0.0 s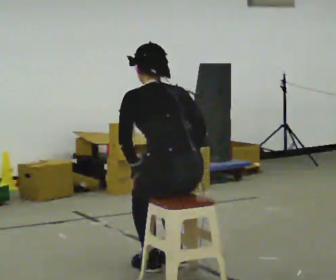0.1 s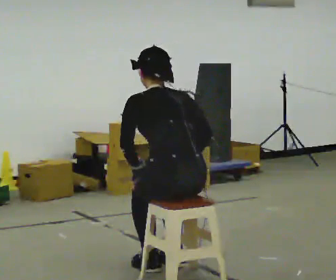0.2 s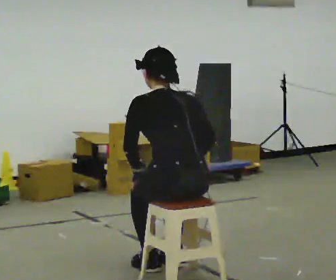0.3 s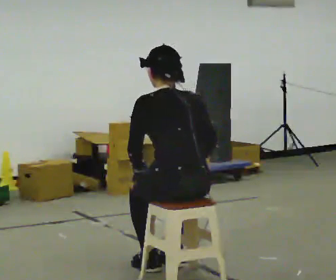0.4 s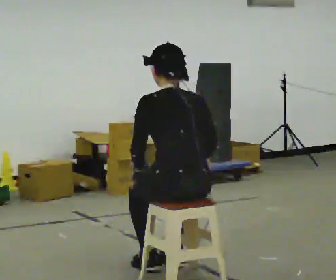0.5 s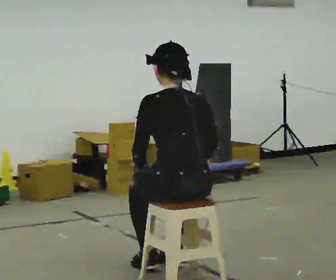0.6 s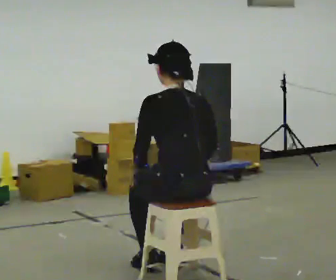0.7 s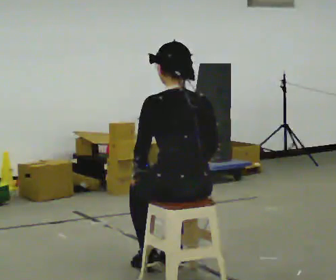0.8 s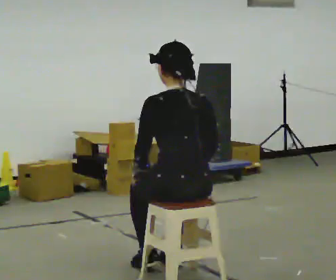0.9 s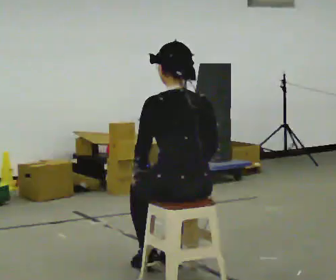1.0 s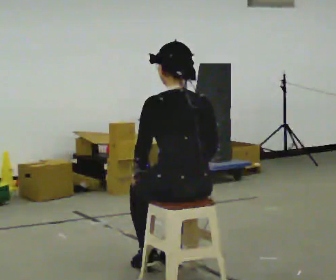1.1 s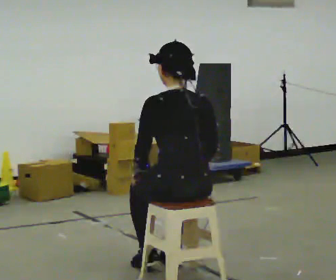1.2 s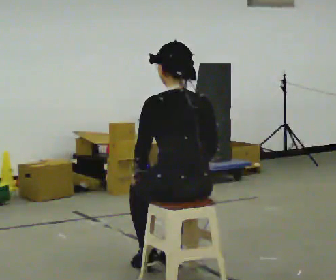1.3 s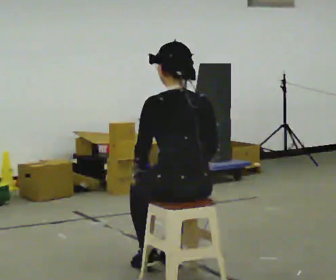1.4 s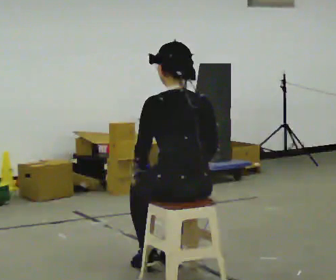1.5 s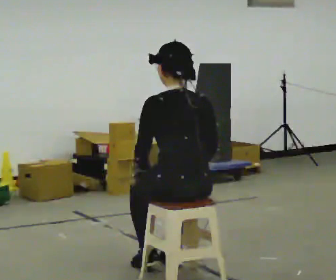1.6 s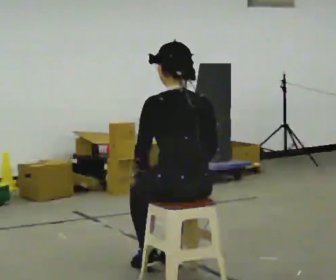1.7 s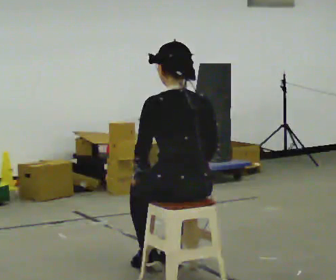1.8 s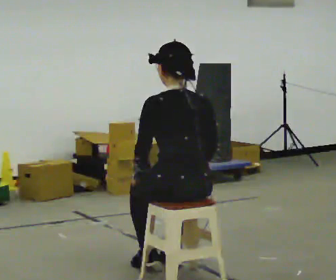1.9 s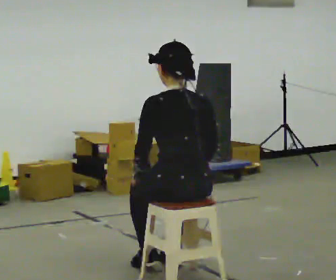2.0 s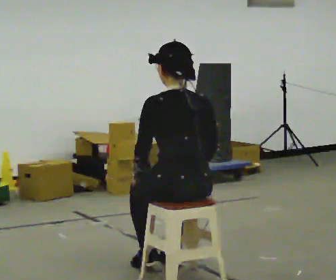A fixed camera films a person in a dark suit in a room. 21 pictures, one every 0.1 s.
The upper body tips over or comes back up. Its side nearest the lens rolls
downward.
0.0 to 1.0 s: The upper body tips toward the camera, its near side rolling downward, as they lean back or straighten.
1.0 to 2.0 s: The person keeps their place and pose.
The film runs backward here.
